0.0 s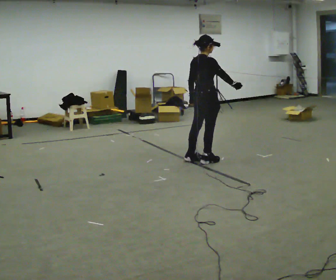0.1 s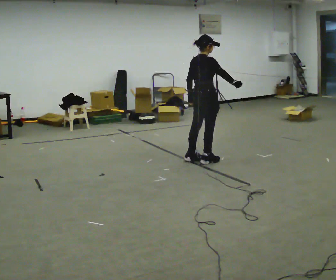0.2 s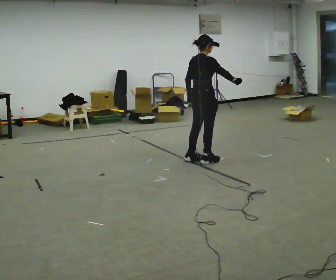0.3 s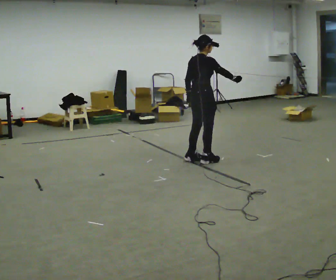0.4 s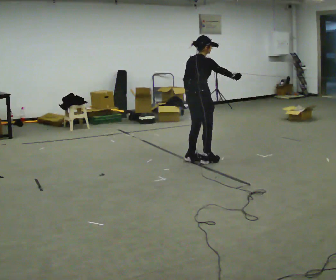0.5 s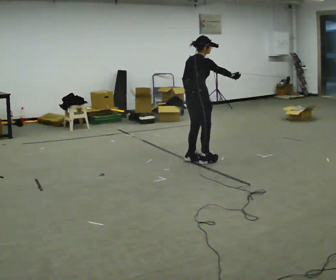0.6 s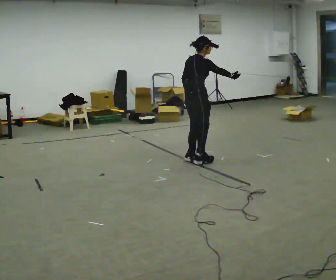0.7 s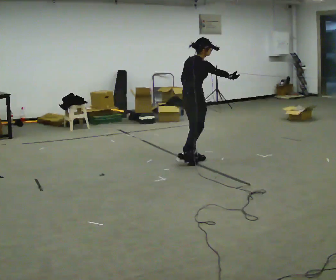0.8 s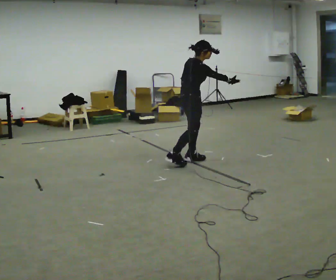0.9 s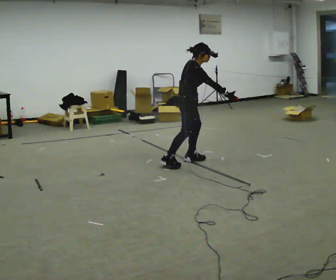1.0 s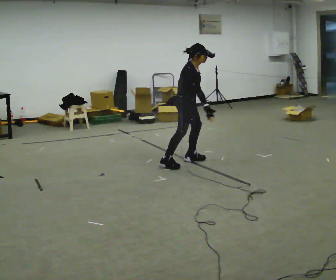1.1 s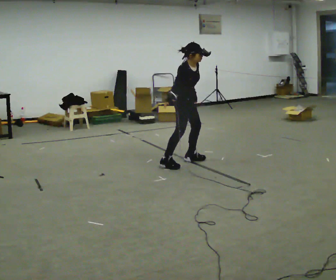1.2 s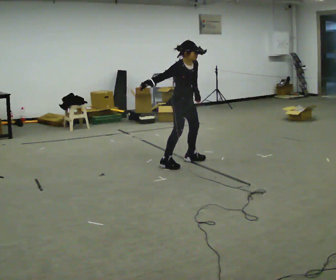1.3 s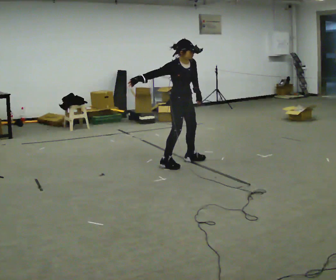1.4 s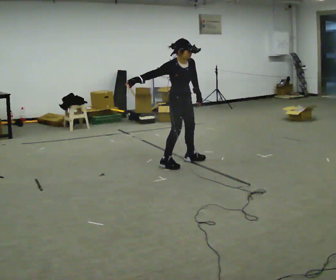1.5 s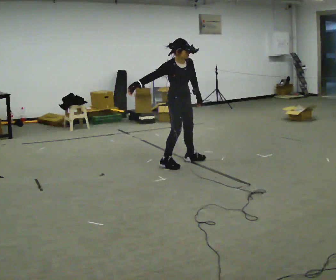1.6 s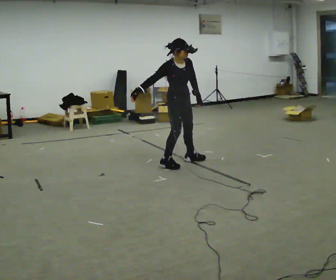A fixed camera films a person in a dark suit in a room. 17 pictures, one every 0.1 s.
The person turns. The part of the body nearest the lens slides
to the left.
The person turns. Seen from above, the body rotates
clockwise.
0.0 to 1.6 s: Seen from above the body turns clockwise, about 75 degrees: to their right, with its near side sliding to the left. In the picture they go to the left, about 0.25 m in 1 step. The upper body tips toward the camera, its near side rolling downward.
The film runs backward here.
